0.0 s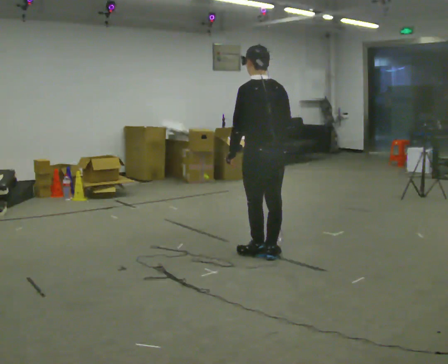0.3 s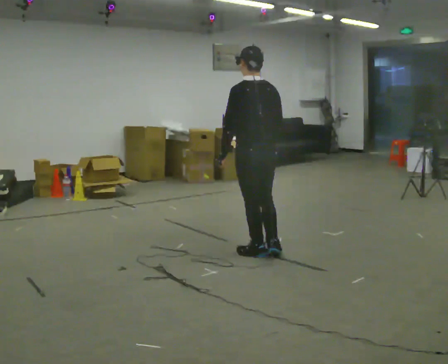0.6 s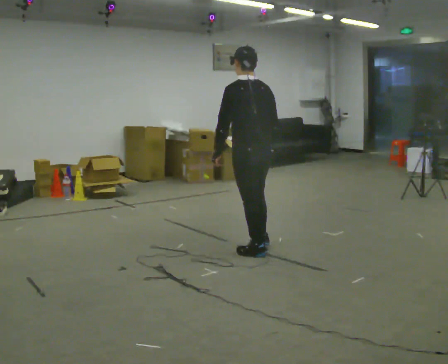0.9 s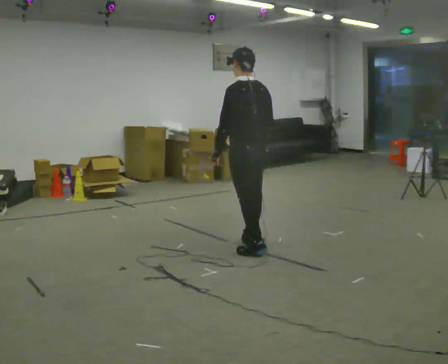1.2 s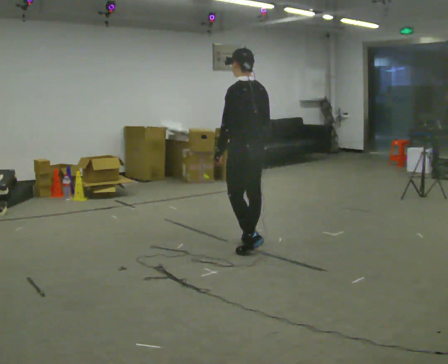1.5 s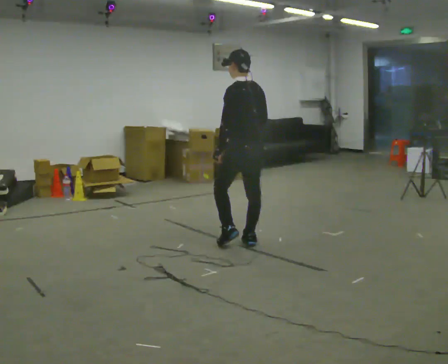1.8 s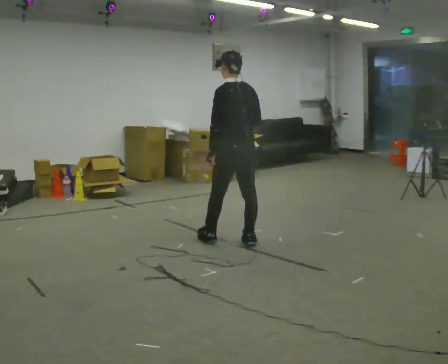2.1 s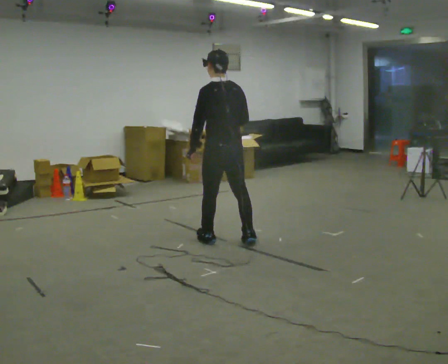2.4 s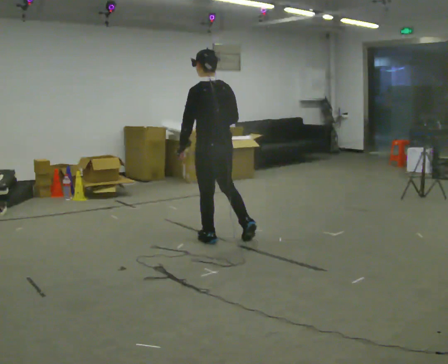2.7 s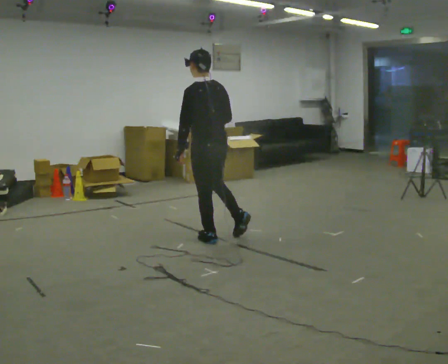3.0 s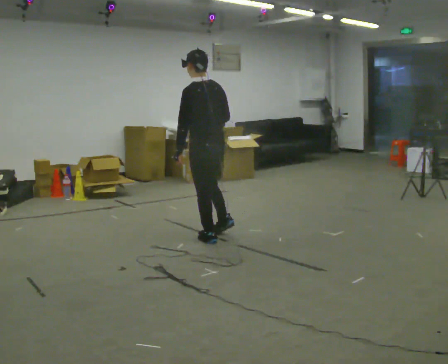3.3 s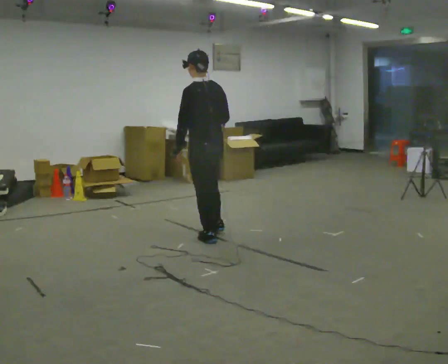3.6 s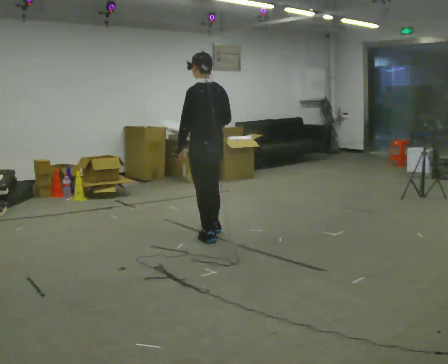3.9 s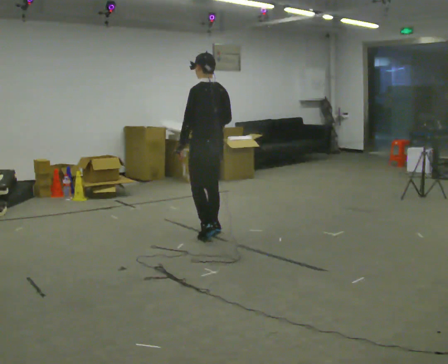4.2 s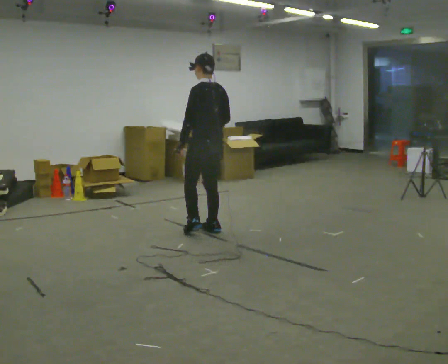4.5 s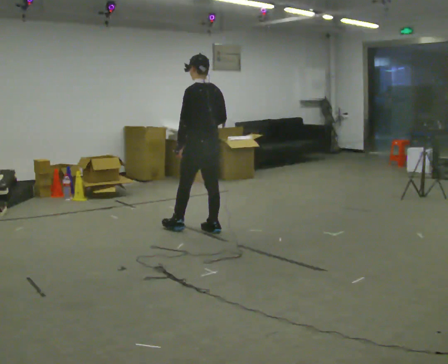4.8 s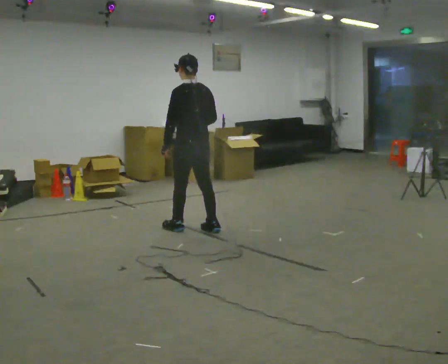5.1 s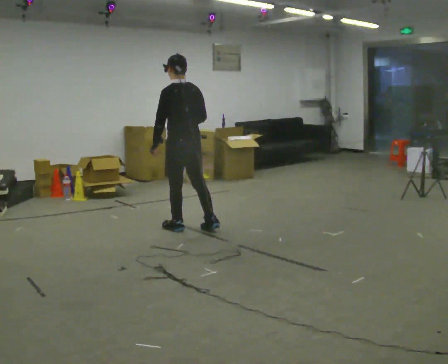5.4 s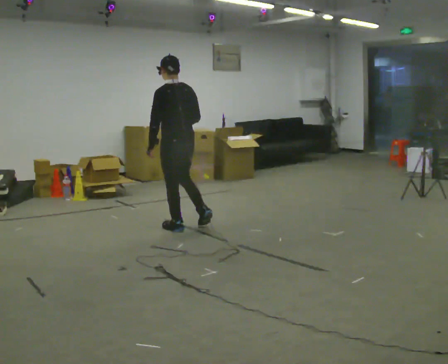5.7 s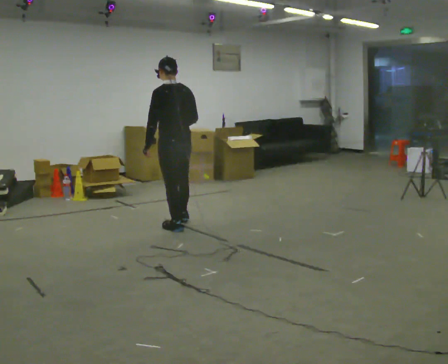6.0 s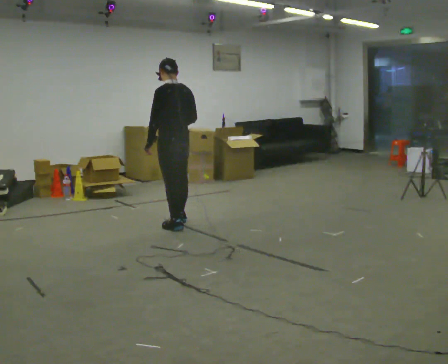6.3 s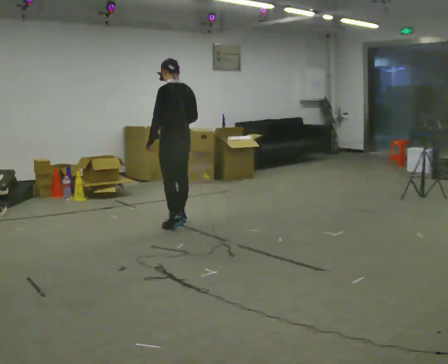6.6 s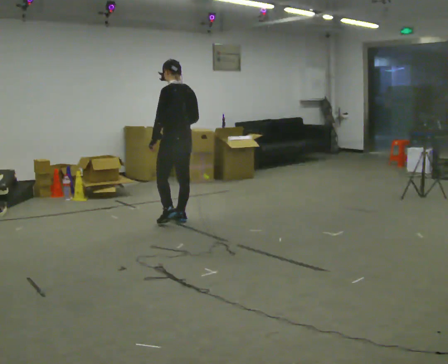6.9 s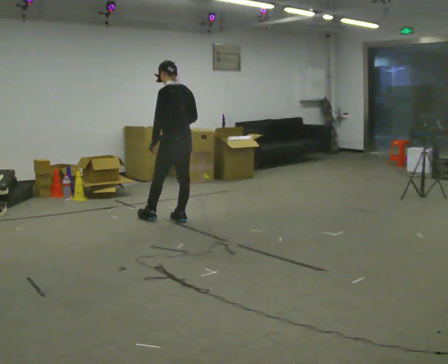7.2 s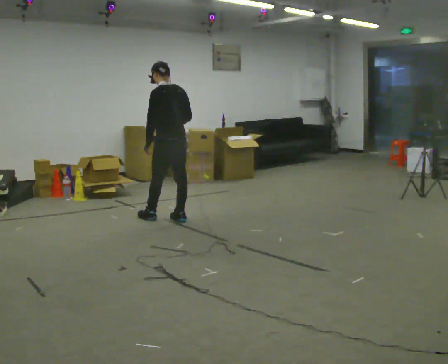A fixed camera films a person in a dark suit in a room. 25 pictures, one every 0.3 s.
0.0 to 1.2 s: In the picture they go away from the camera, about 0.25 m in 1 step, which for them is forward.
1.2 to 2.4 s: In the picture they go to the left, about 0.25 m in 1 step, which for them is forward and to their left.
2.4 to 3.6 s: In the picture they go away from the camera, about 0.25 m in 1 step, which for them is forward.
3.6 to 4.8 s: In the picture they go away from the camera, about 0.25 m in 1 step, which for them is forward.
4.8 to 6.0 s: In the picture they go away from the camera and to the left, about 0.25 m in 1 step, which for them is forward.
6.0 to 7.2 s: In the picture they go away from the camera, about 0.25 m in 1 step, which for them is forward and to their right.
The film runs forward here.
